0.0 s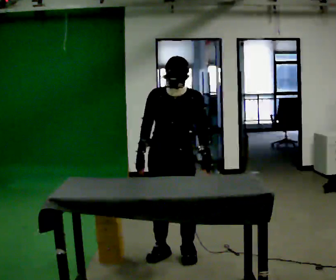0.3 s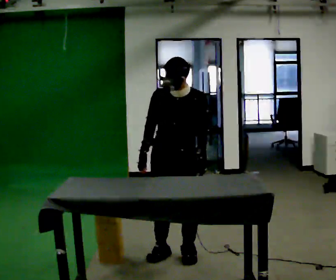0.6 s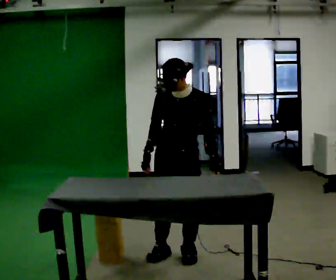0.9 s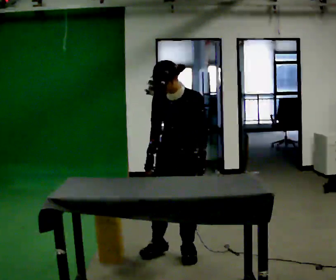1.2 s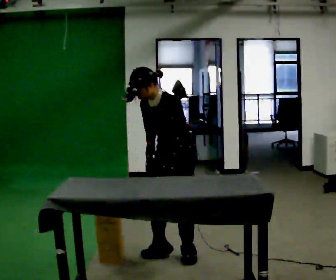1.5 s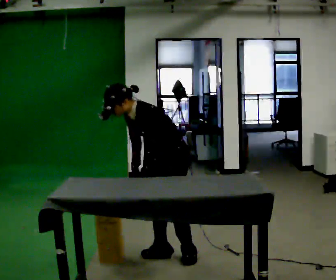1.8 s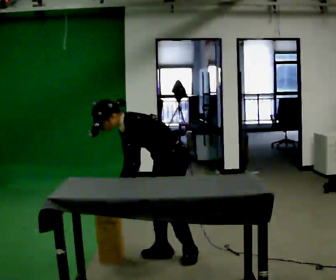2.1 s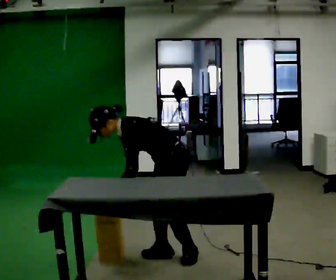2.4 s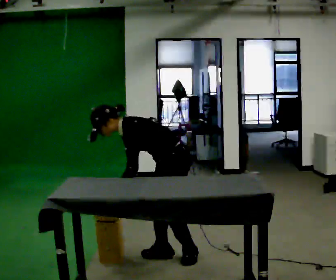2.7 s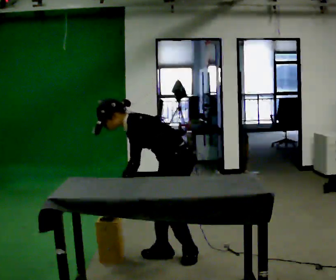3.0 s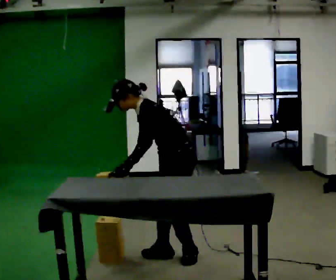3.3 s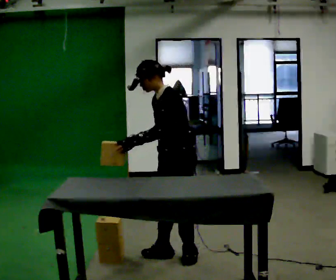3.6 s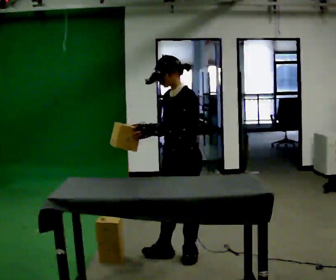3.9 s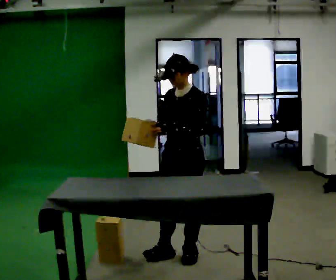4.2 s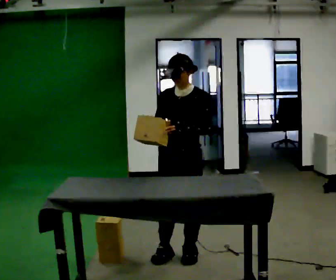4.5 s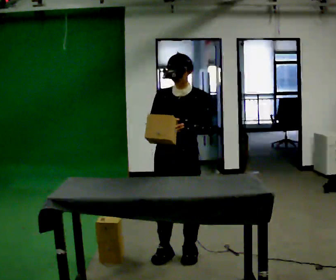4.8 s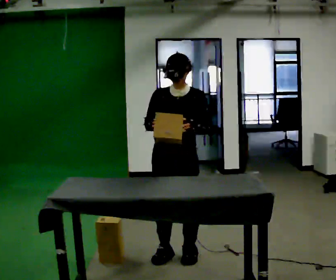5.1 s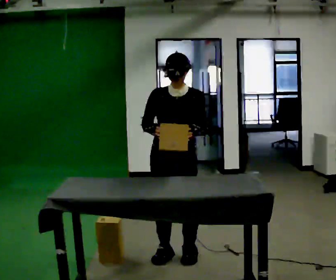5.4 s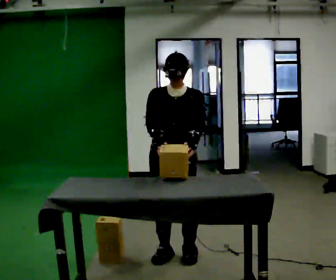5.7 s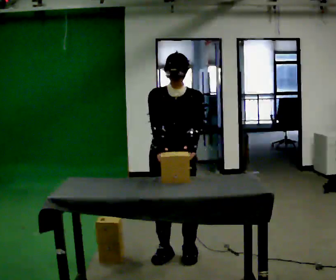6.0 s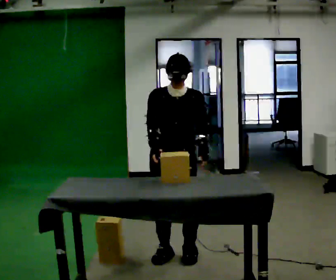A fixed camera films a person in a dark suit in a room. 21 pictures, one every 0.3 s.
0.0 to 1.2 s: Seen from above the body turns clockwise, about 45 degrees: to their right, with its near side sliding to the left. In the picture the upper body tilts counterclockwise, shoulders to the left, as they bend forward.
1.2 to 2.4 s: The person turns about 30 degrees to their right, clockwise seen from above, so the part of the body nearest the lens slides to the left. The upper body goes downward. In the picture the upper body tilts counterclockwise, shoulders to the left, as they bend forward. In the picture their left hand goes to the left.
2.4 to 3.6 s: The shoulders move upward. In the picture the upper body tilts clockwise, shoulders to the right, as they lean back or straighten. In the picture their right hand goes upward.
3.6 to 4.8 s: The part of the body nearest the lens slides to the right as the person turns to their left by about 45 degrees.
4.8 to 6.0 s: The person moves a little, or ends about where they began.
The film runs backward here.
